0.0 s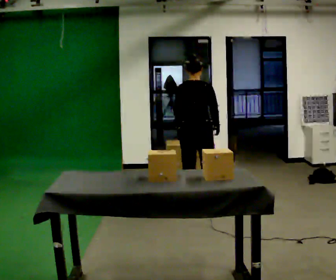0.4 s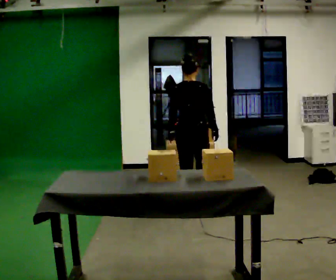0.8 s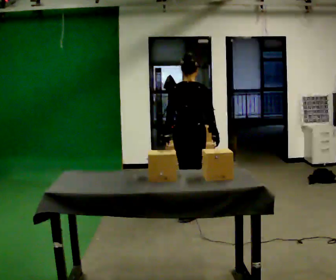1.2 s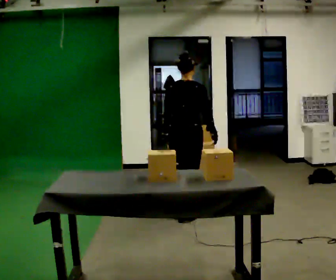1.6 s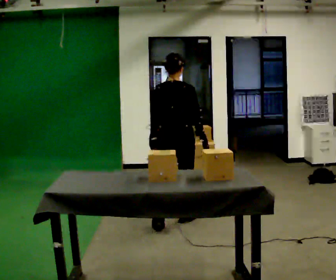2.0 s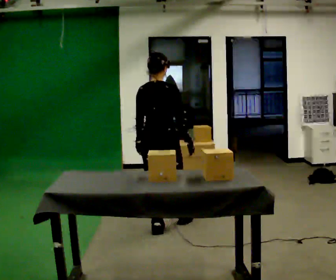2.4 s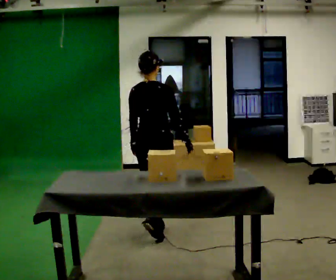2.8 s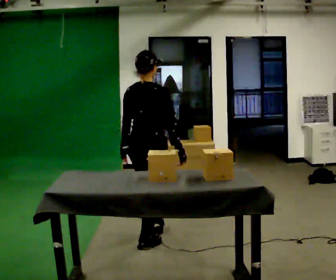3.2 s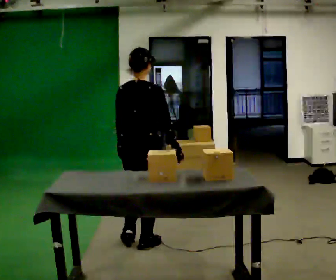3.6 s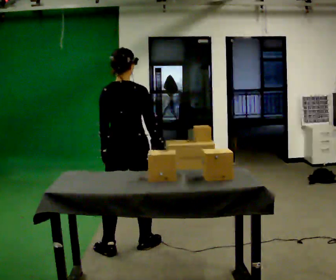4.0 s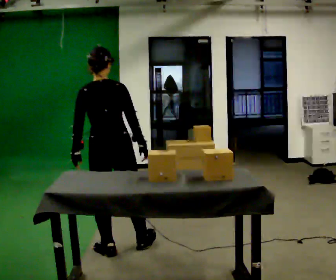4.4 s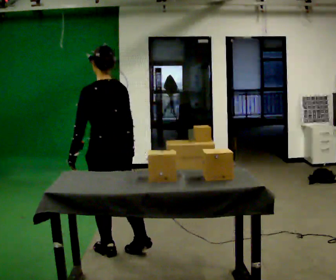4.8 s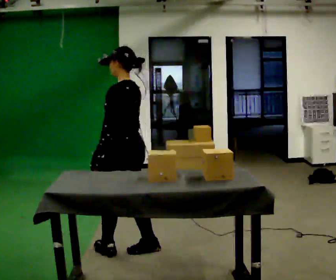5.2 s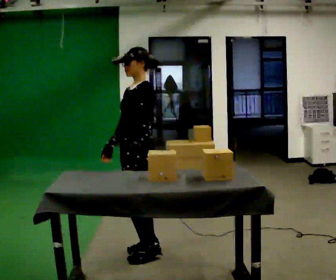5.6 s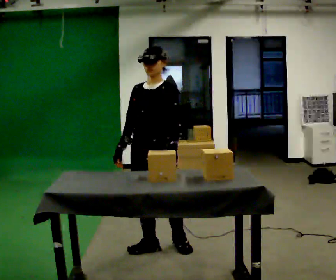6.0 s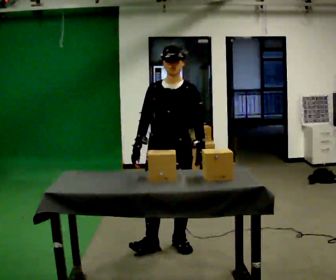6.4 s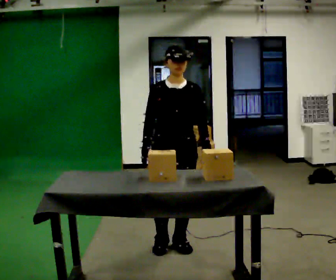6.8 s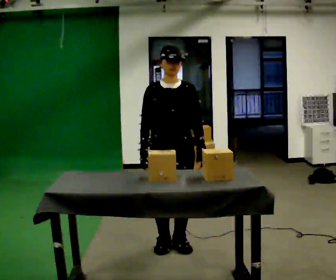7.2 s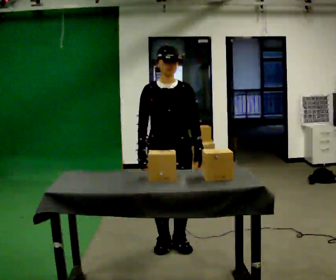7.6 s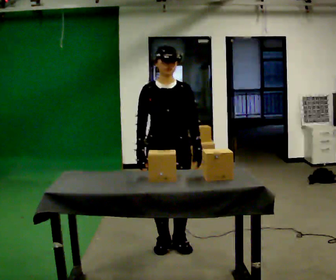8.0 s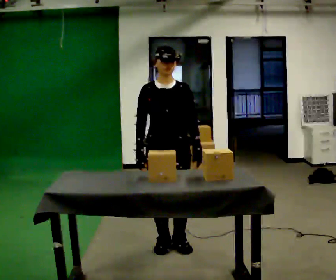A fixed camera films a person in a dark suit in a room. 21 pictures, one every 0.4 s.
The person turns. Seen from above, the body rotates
counterclockwise.
The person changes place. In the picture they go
toward the camera.
0.0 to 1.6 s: In the picture they go toward the camera and to the left, about 0.5 m in 2 steps, which for them is backward.
1.6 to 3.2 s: In the picture they go toward the camera and to the left, about 0.75 m in 2 steps, which for them is backward.
3.2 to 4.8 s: Seen from above the body turns counterclockwise, about 90 degrees: to their left, with its near side sliding to the right.
4.8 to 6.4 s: The part of the body nearest the lens slides to the right as the person turns to their left by about 120 degrees. In the picture they go to the right, about 0.25 m in 1 step.
6.4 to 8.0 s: The person moves a little, or ends about where they began.
The film runs backward here.
